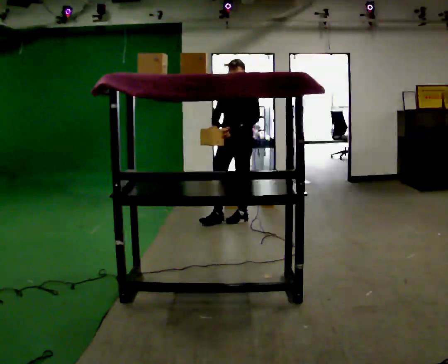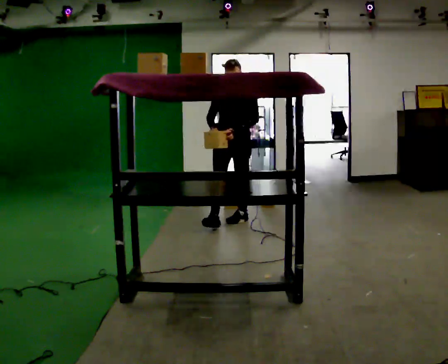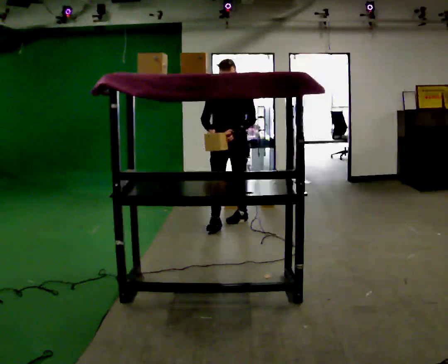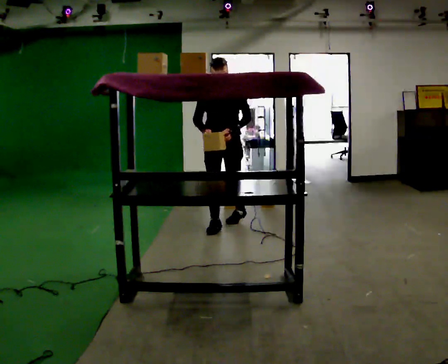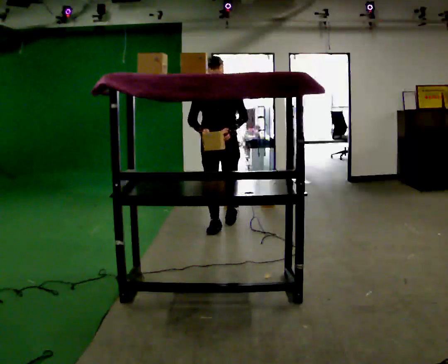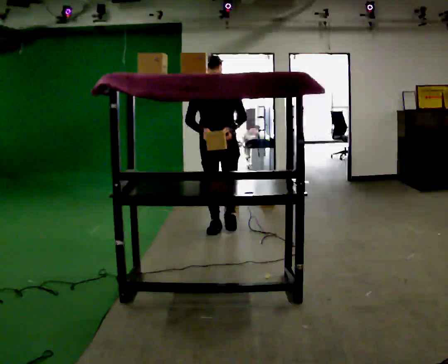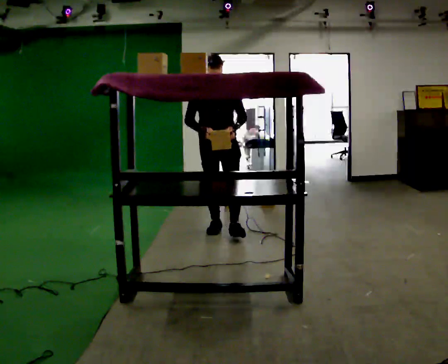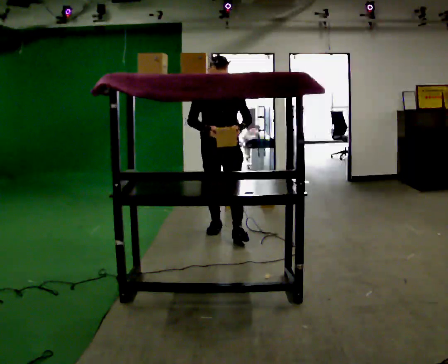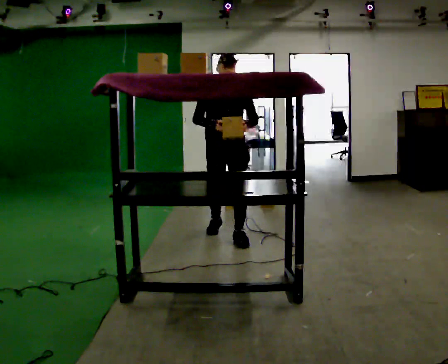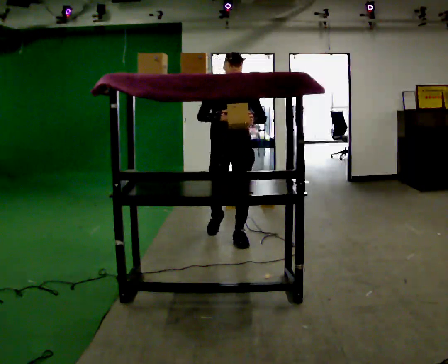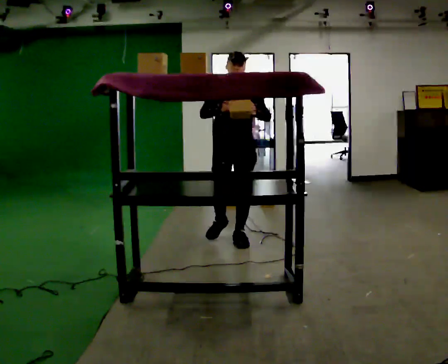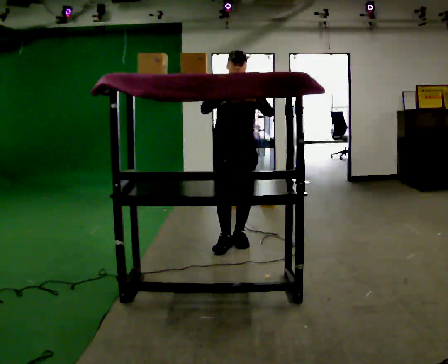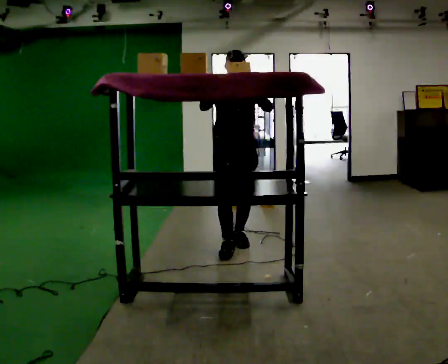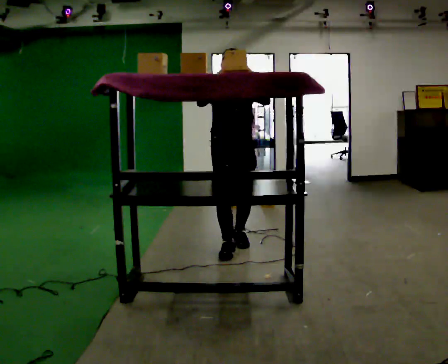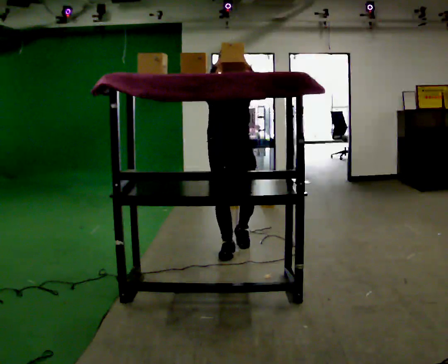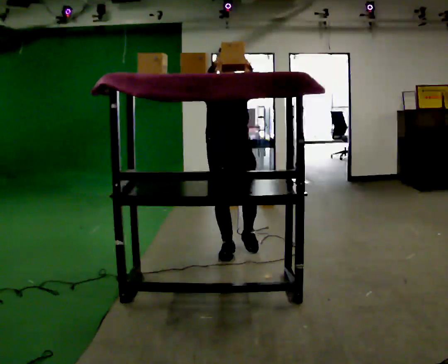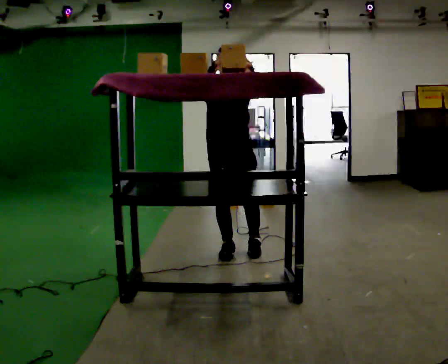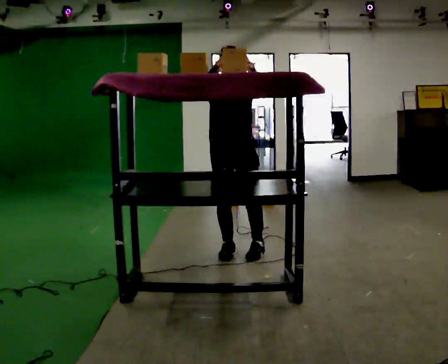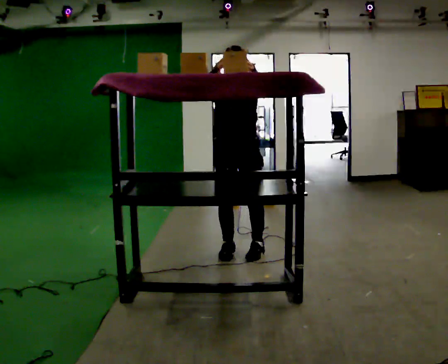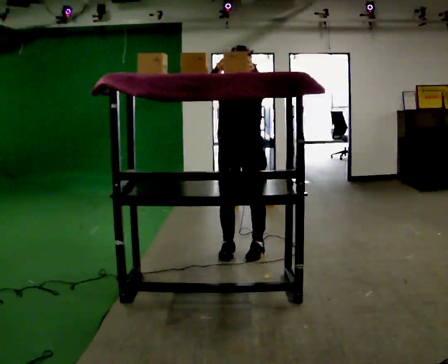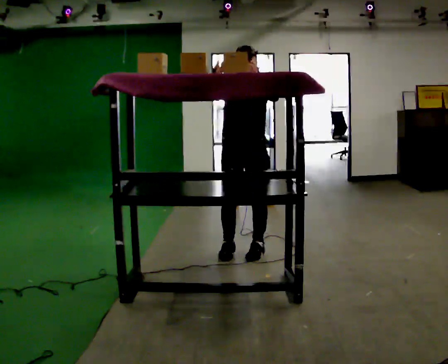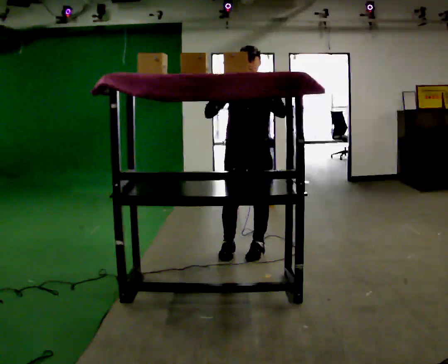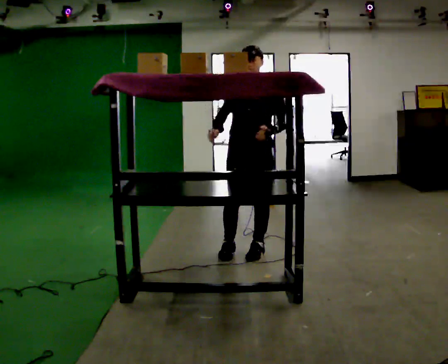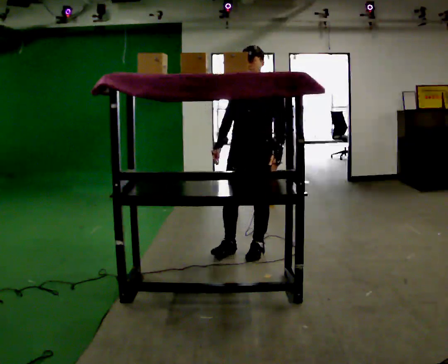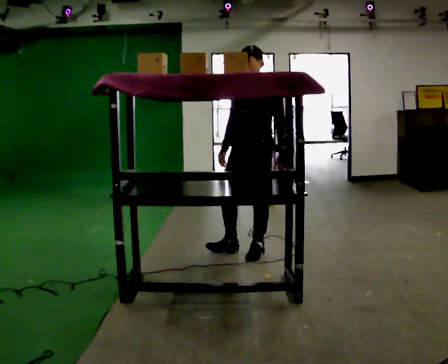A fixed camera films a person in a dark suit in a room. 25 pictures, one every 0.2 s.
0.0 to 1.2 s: The part of the body nearest the lens slides to the right as the person turns to their left by about 30 degrees. In the picture they go toward the camera and to the left, about 0.5 m in 1 step, which for them is forward and to their right.
1.2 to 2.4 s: In the picture they go toward the camera, about 0.5 m in 2 steps, which for them is forward. In the picture their right hand goes upward.
2.4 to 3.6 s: In the picture they go toward the camera, about 0.25 m in 1 step, which for them is forward.
3.6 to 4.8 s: The person turns about 45 degrees to their right, clockwise seen from above, so the part of the body nearest the lens slides to the left. In the picture they go to the right, about 0.25 m, which for them is to their left. In the picture their right hand goes downward.
The film runs forward here.
